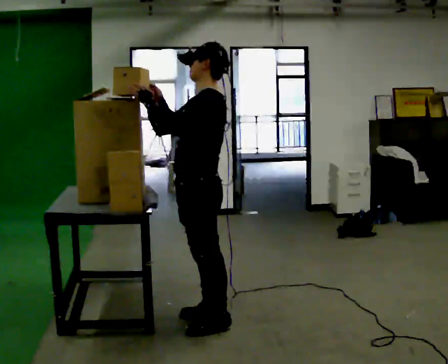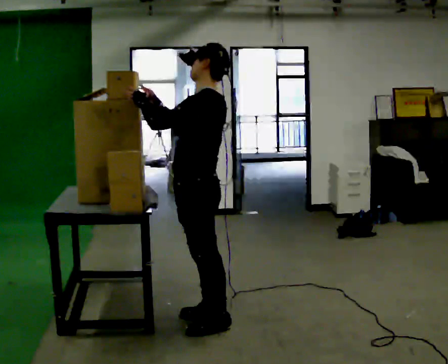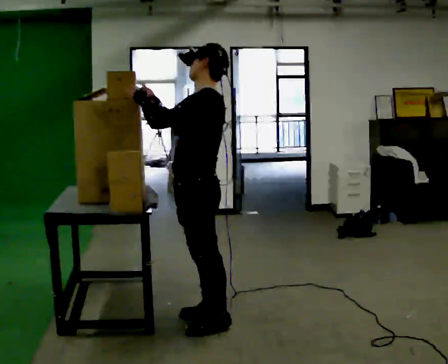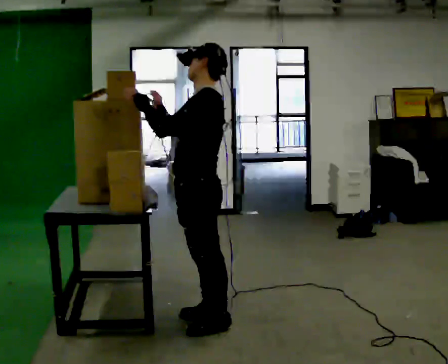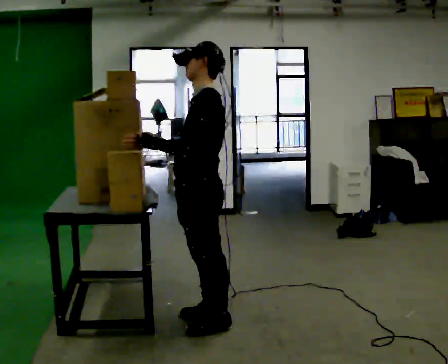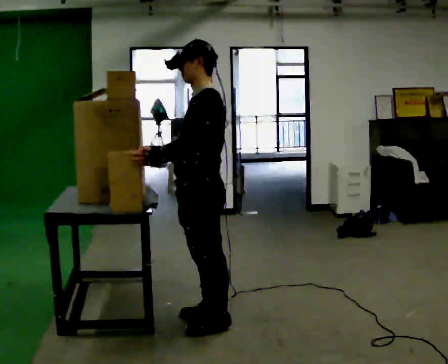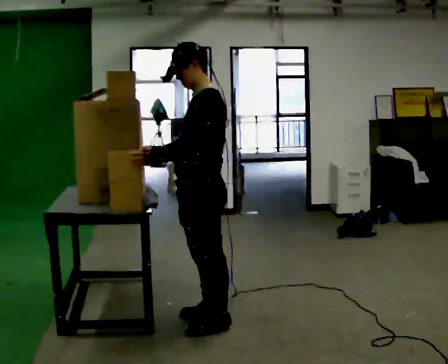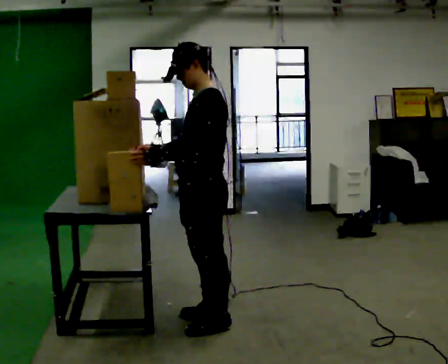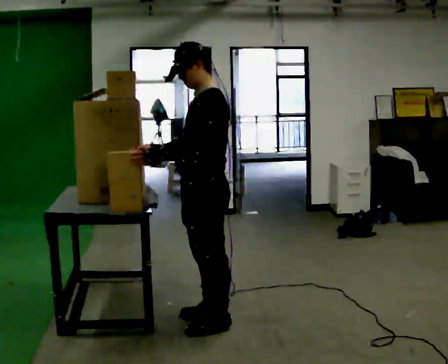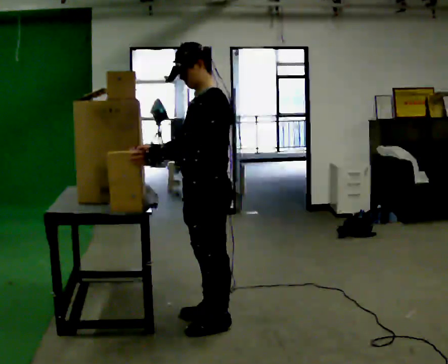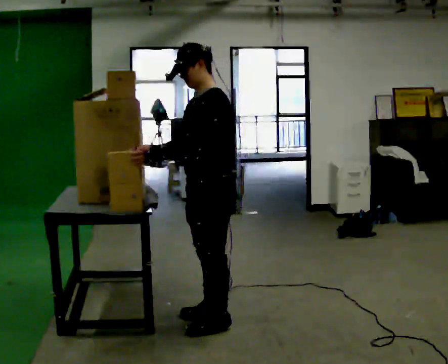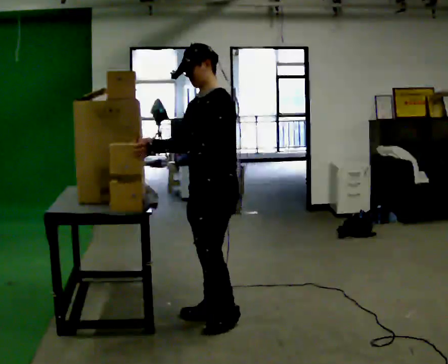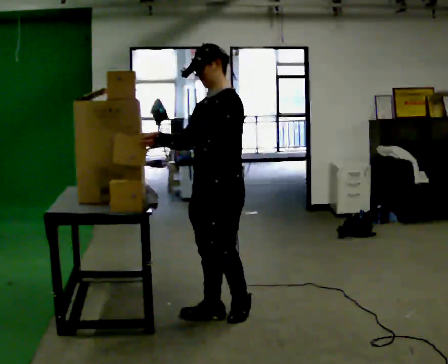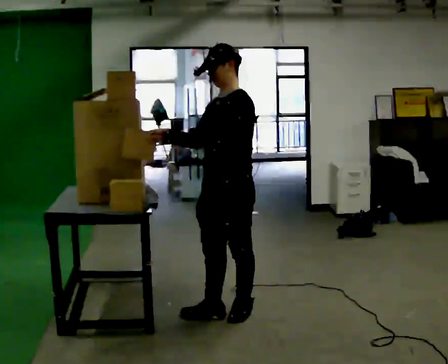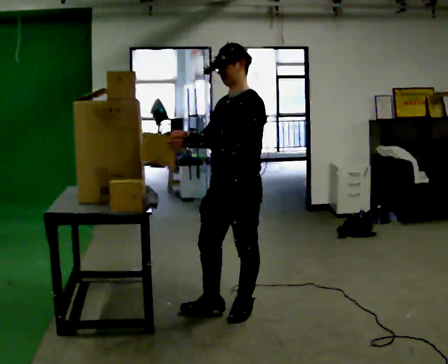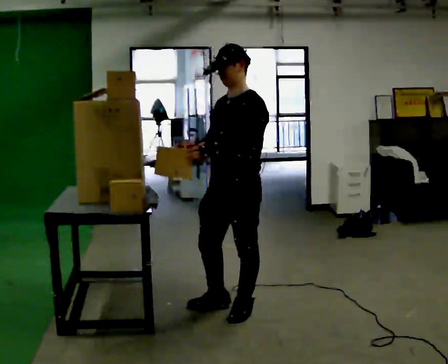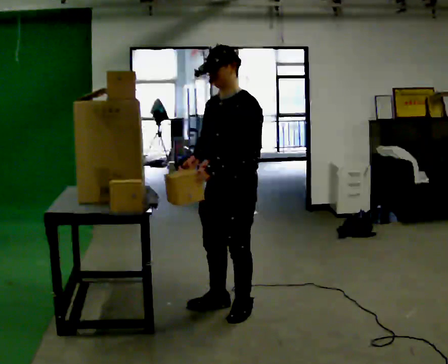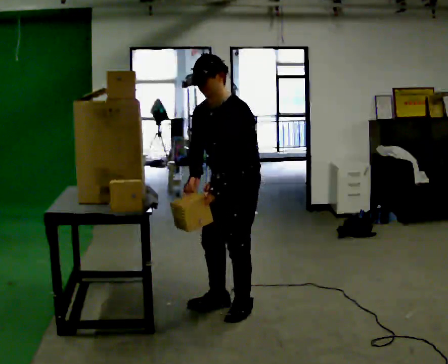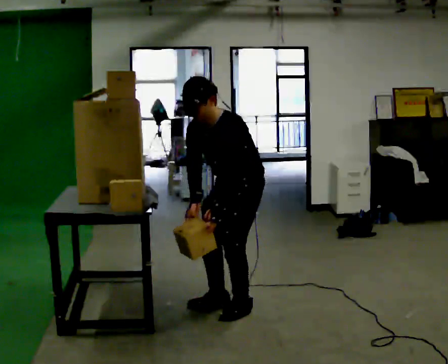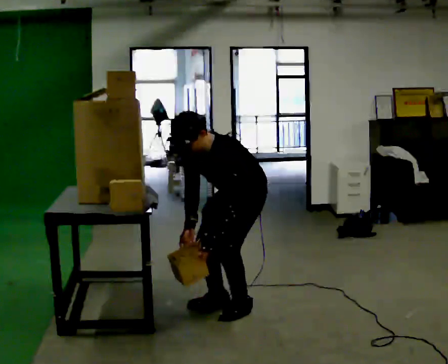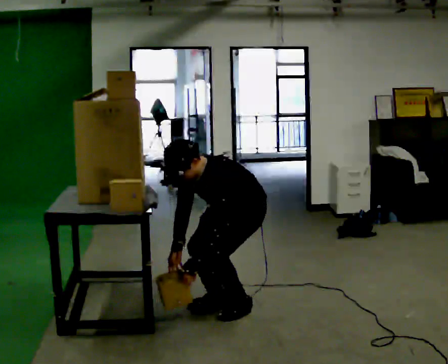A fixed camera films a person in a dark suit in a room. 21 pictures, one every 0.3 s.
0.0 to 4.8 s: Seen from above the body turns counterclockwise, about 45 degrees: to their left, with its near side sliding to the right. In the picture they go to the right and away from the camera, about 0.25 m in 2 steps, which for them is backward and to their right. In the picture their left hand goes downward.
4.8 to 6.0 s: In the picture they go away from the camera, about 0.25 m, which for them is backward. The upper body goes downward. In the picture the upper body tilts counterclockwise, shoulders to the left, as they bend forward. In the picture their left hand goes downward.
The film runs backward here.
